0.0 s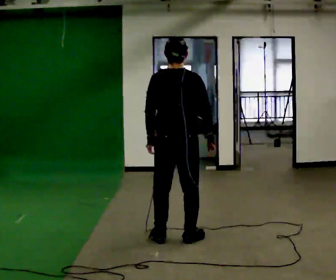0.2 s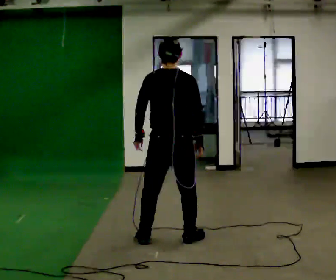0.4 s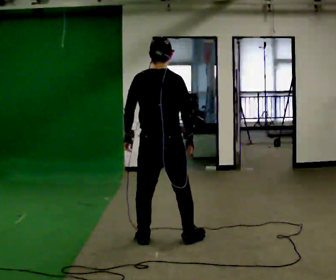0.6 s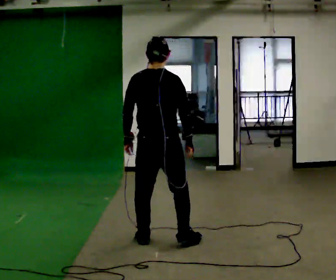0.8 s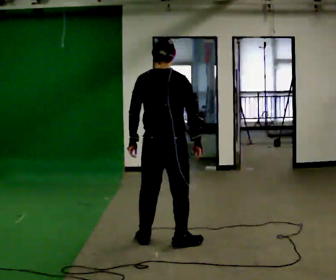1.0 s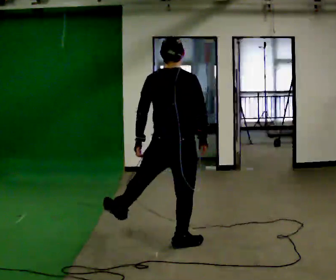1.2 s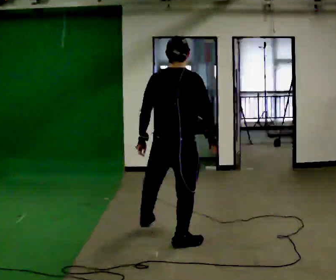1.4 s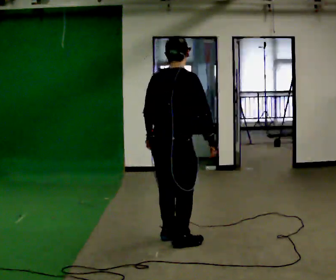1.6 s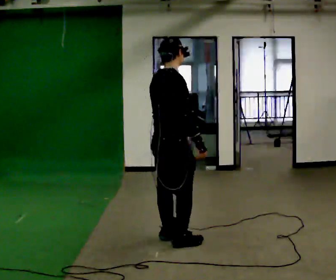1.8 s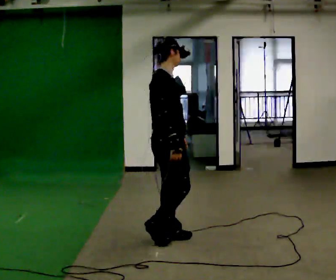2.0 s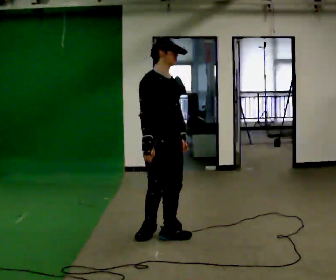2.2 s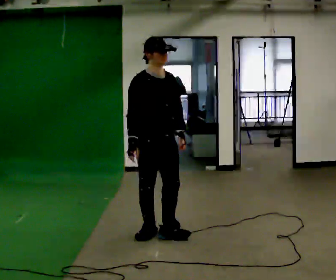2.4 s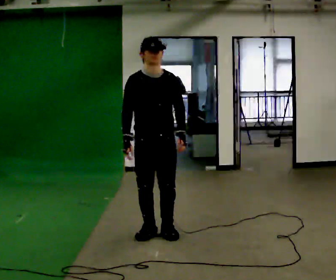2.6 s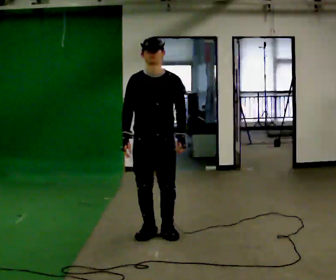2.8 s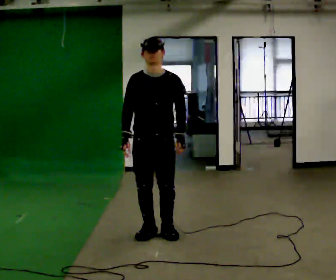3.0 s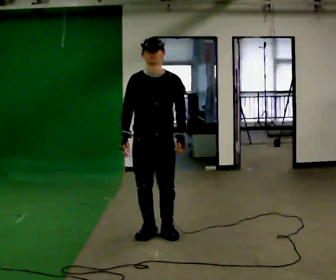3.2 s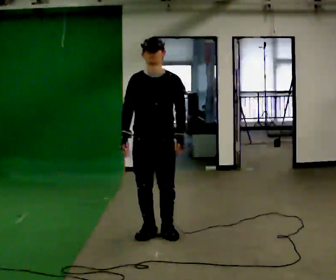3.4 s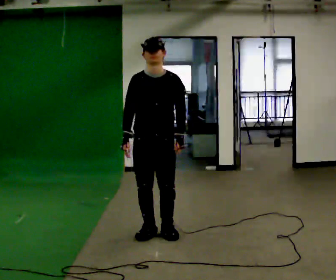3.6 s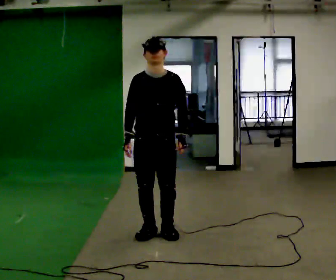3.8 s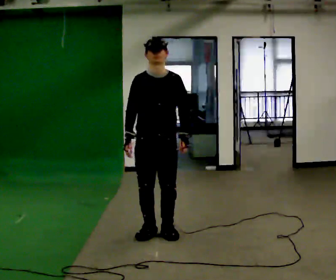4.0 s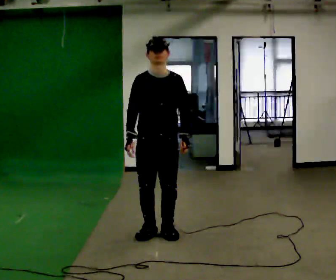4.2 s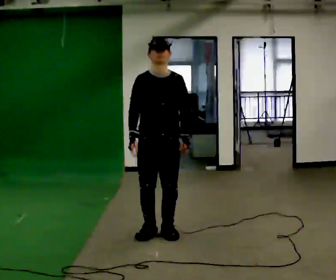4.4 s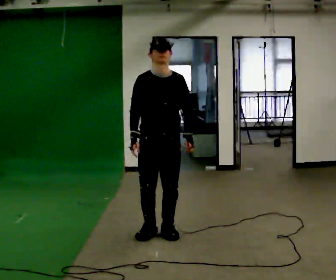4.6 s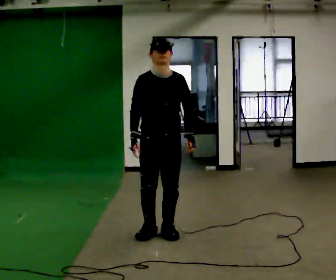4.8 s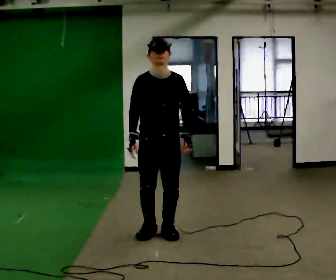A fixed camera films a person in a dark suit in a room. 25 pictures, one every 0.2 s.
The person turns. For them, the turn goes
to their right.
The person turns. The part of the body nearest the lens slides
to the left.
0.0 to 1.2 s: The person moves a little, or ends about where they began.
1.2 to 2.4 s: Seen from above the body turns clockwise, about 150 degrees: to their right, with its near side sliding to the left. In the picture they go away from the camera and to the left, about 0.25 m in 1 step. The upper body tips toward the camera, its near side rolling downward.
2.4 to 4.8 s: The person moves a little, or ends about where they began.
The film runs backward here.
